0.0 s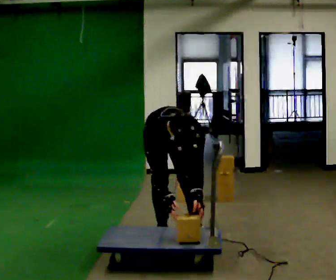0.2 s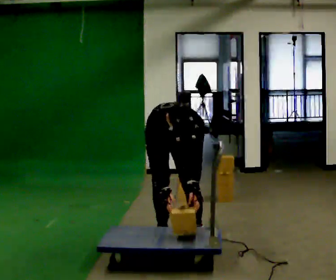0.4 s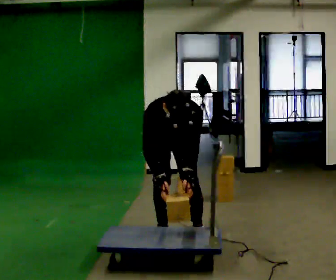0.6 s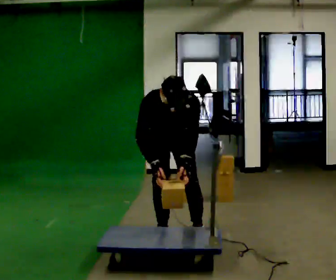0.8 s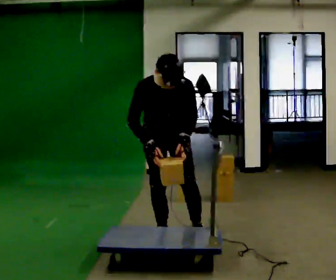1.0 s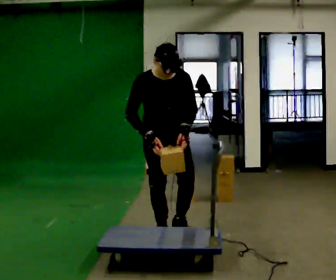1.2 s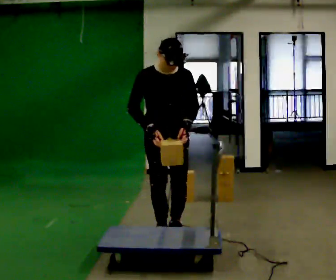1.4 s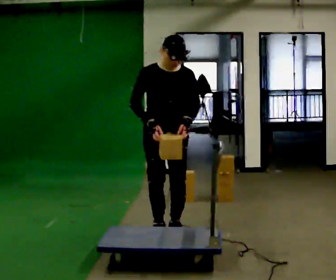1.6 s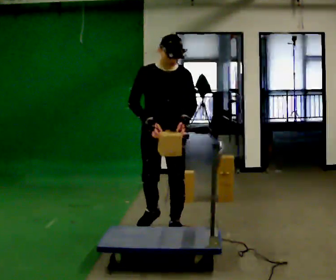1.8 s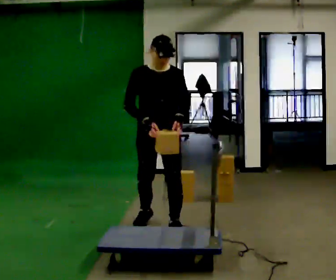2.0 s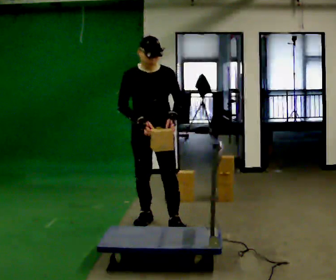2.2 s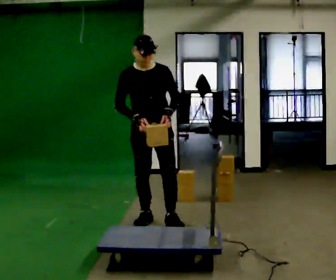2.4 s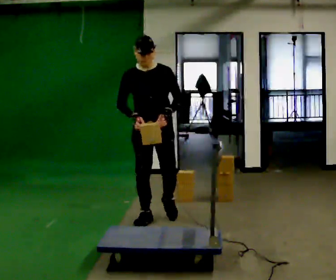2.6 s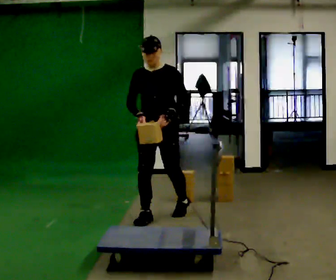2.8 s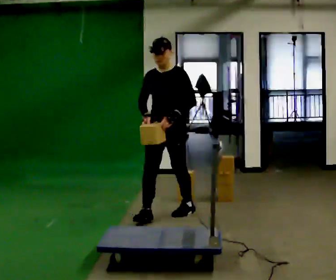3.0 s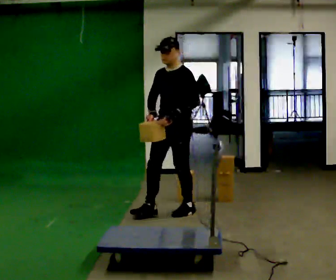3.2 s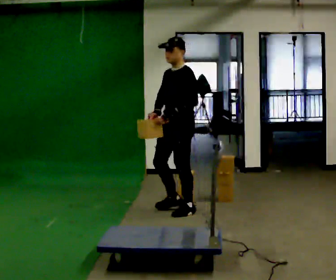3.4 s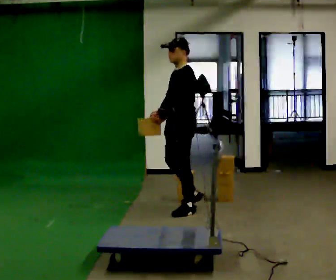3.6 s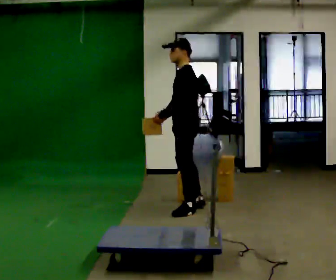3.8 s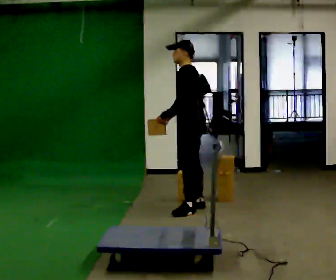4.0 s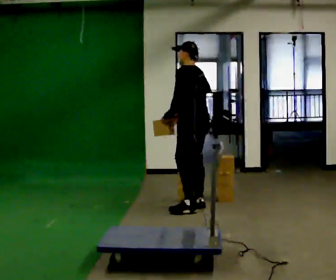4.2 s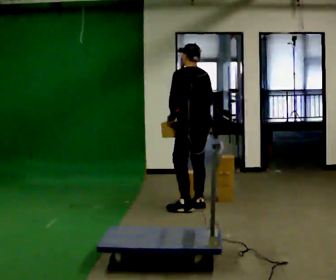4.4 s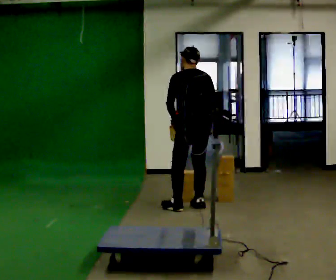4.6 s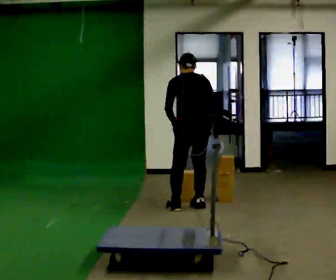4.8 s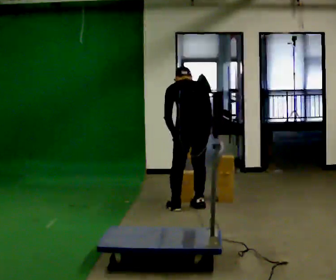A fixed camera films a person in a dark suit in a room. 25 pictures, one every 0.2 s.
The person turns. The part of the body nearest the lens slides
to the left.
The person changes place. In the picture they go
away from the camera.
0.0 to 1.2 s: The upper body goes upward. The upper body tips away from the camera, its near side rolling upward, as they lean back or straighten. In the picture their left hand goes upward.
1.2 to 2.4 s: In the picture they go away from the camera, about 0.5 m in 2 steps, which for them is backward.
2.4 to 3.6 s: The part of the body nearest the lens slides to the left as the person turns to their right by about 90 degrees. In the picture they go away from the camera and to the right, about 0.5 m in 1 step.
3.6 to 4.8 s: The person turns about 75 degrees to their right, clockwise seen from above, so the part of the body nearest the lens slides to the left. The upper body tips away from the camera, its near side rolling upward, as they bend forward. In the picture their right hand goes to the right.
The film runs backward here.
